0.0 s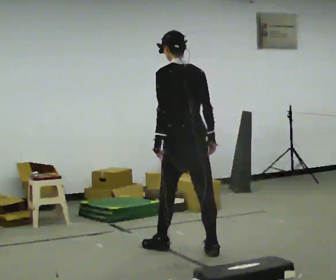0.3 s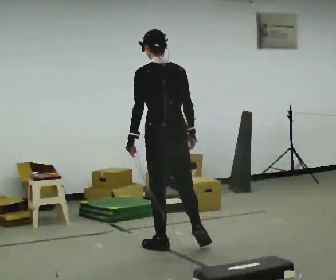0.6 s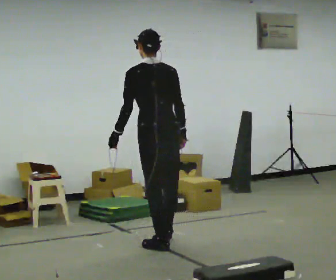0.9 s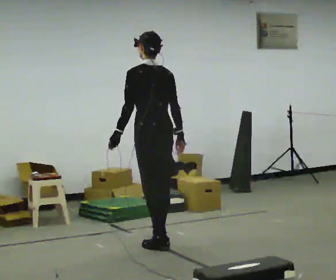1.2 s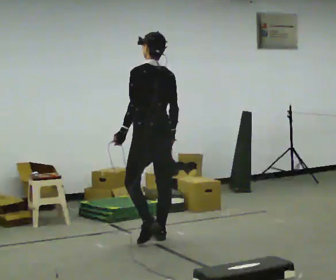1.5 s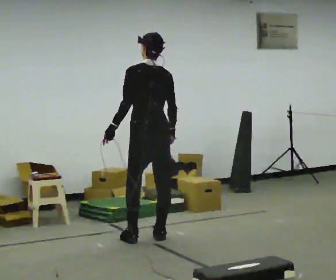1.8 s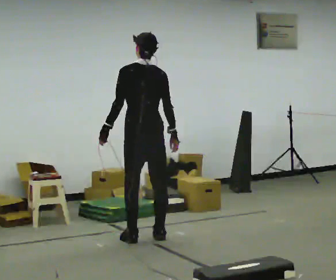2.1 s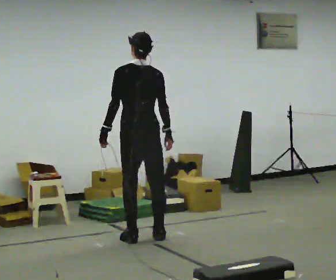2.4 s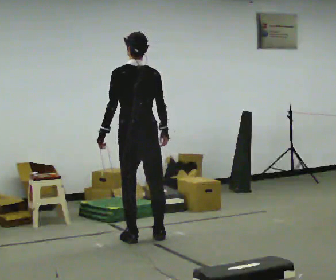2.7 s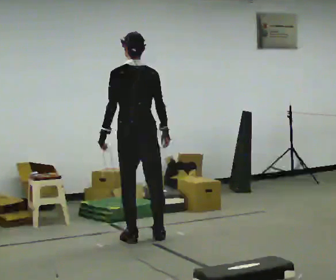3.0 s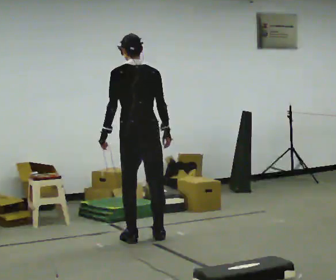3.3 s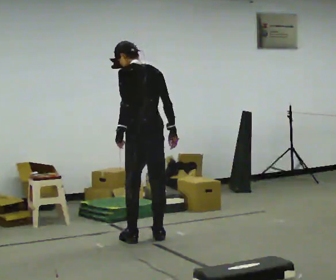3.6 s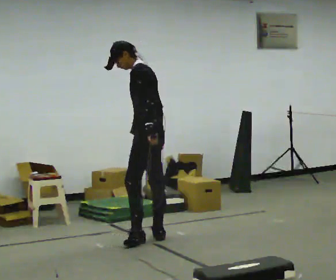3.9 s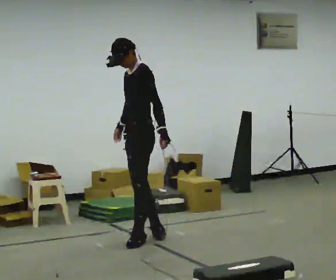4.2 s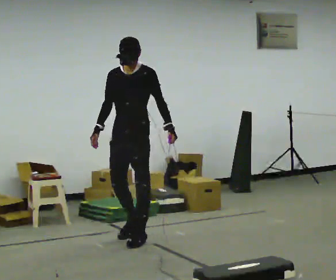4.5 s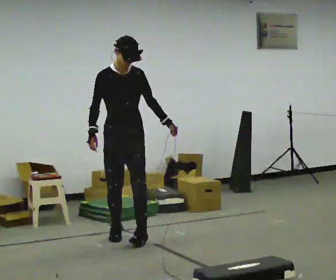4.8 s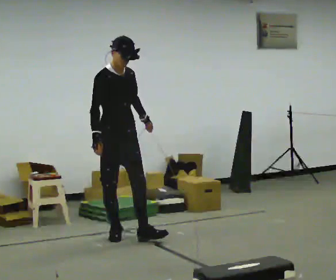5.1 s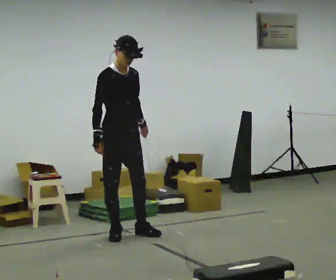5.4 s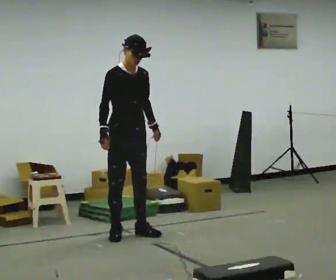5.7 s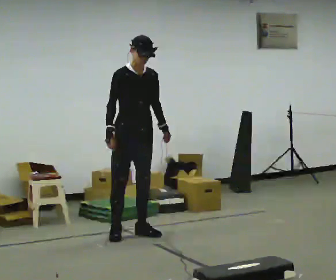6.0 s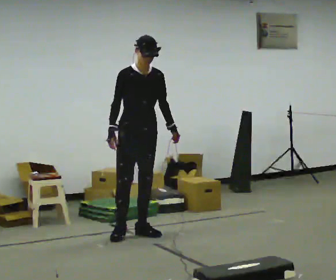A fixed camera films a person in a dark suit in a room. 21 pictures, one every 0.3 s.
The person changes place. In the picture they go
away from the camera.
0.0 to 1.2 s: In the picture they go away from the camera and to the left, about 0.5 m in 1 step, which for them is forward.
1.2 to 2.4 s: The person moves a little, or ends about where they began.
2.4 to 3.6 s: The person turns about 60 degrees to their left, counterclockwise seen from above, so the part of the body nearest the lens slides to the right. In the picture their left hand goes to the right.
3.6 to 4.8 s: Seen from above the body turns counterclockwise, about 150 degrees: to their left, with its near side sliding to the right. In the picture they go to the left and away from the camera, about 0.5 m in 1 step. In the picture the upper body tilts clockwise, shoulders to the right.
4.8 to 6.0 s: In the picture they go to the right, about 0.25 m in 1 step, which for them is to their left.
The film runs forward here.
